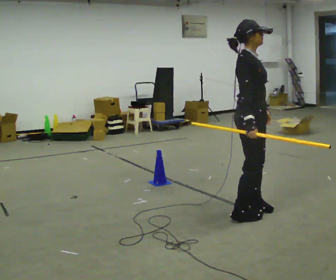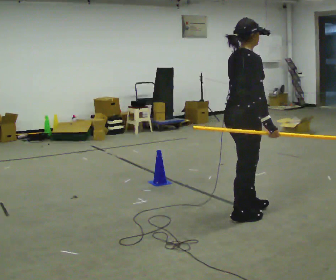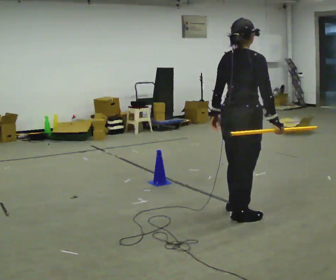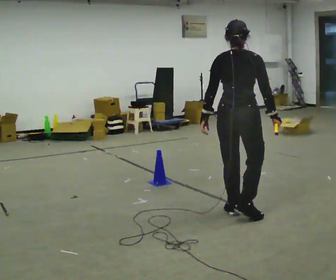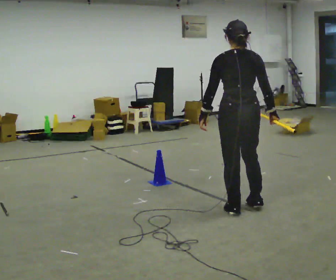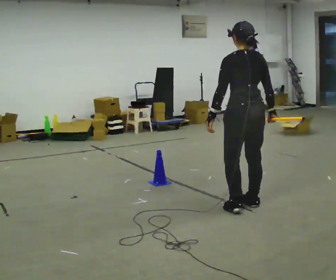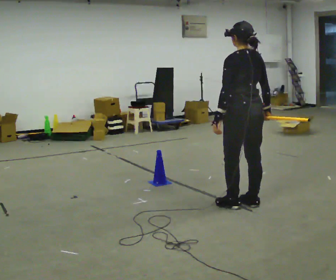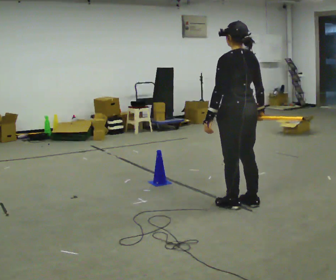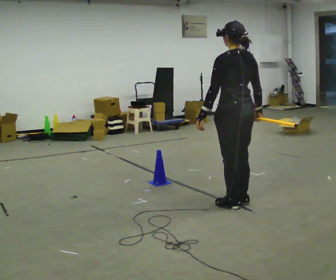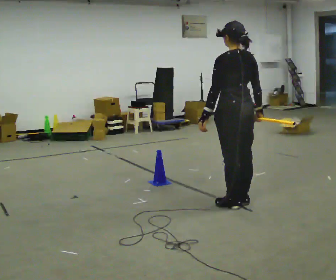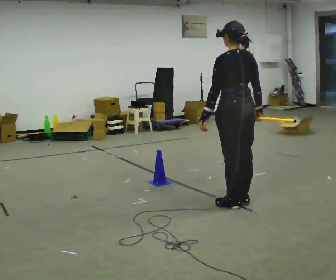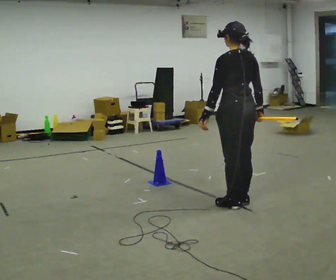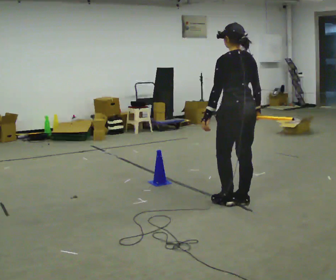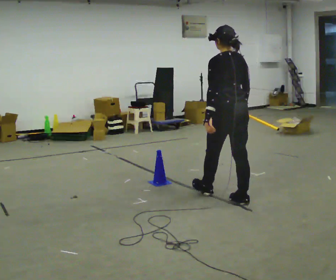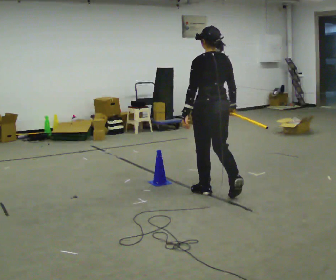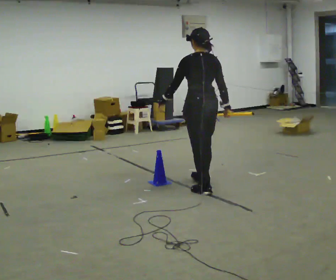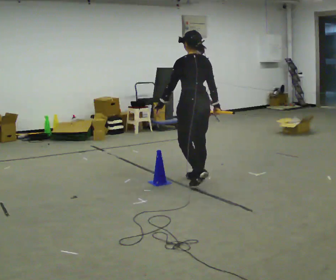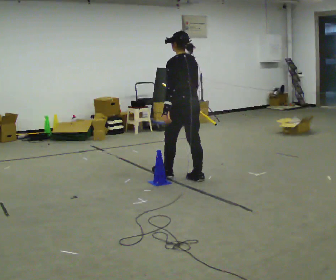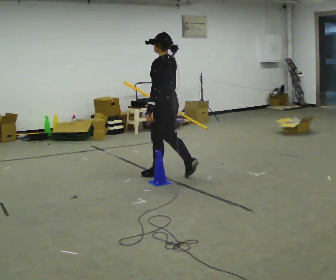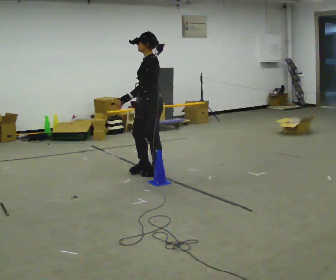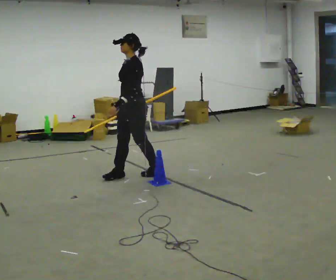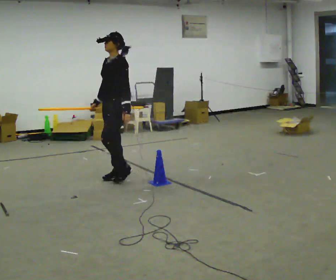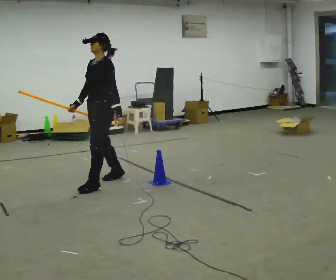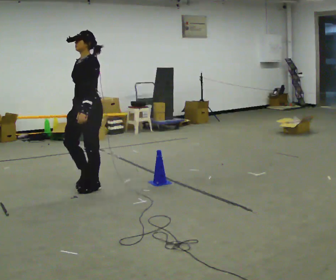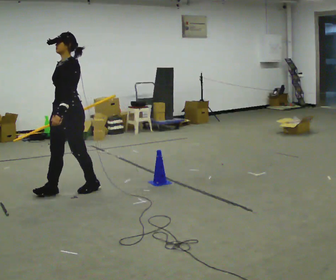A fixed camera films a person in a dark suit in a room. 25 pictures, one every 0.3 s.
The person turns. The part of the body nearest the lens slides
to the right.
The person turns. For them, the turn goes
to their left.
0.0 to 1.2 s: Seen from above the body turns counterclockwise, about 105 degrees: to their left, with its near side sliding to the right. In the picture their left hand goes to the left, the arm swinging clockwise.
1.2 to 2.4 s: The part of the body nearest the lens slides to the right as the person turns to their left by about 30 degrees.
2.4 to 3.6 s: The person moves a little, or ends about where they began.
3.6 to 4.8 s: In the picture they go away from the camera and to the left, about 1 m in 2 steps, which for them is forward.
4.8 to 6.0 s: Seen from above the body turns counterclockwise, about 75 degrees: to their left, with its near side sliding to the right. In the picture they go to the left, about 0.75 m in 2 steps.
6.0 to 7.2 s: In the picture they go toward the camera and to the left, about 1 m in 2 steps, which for them is forward.
The film runs forward here.
